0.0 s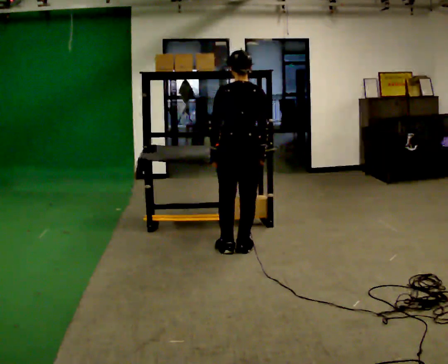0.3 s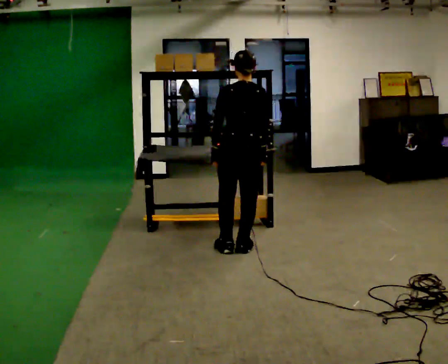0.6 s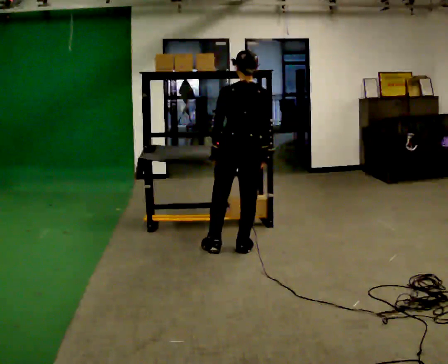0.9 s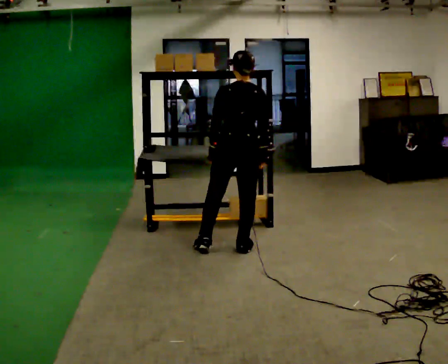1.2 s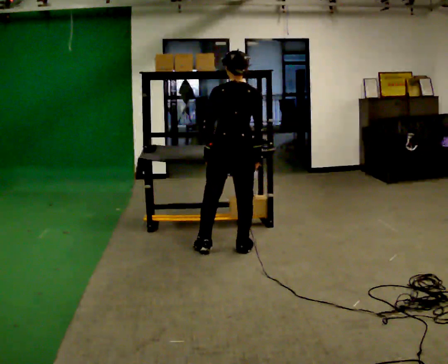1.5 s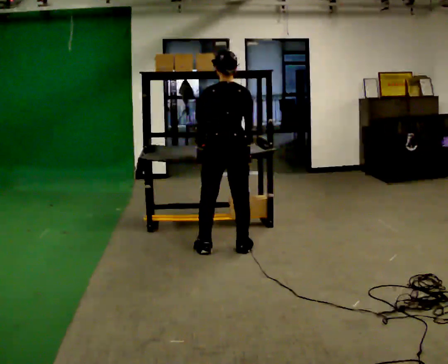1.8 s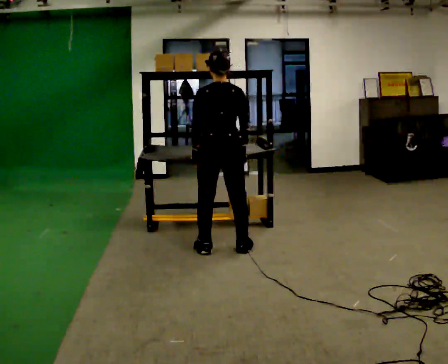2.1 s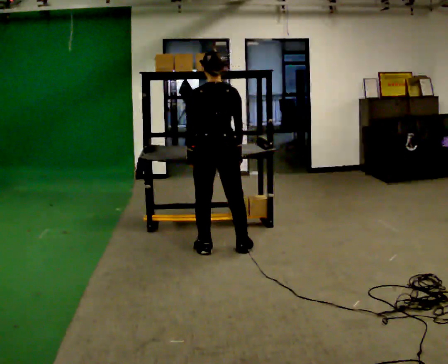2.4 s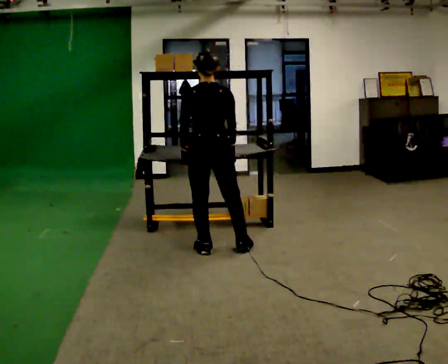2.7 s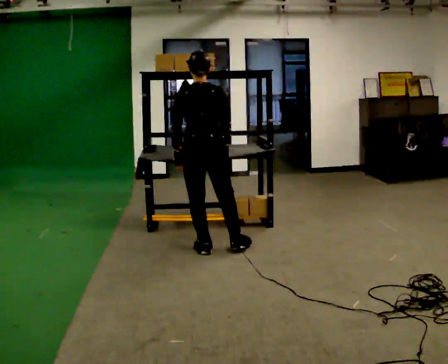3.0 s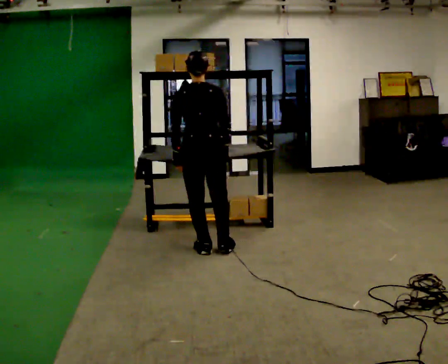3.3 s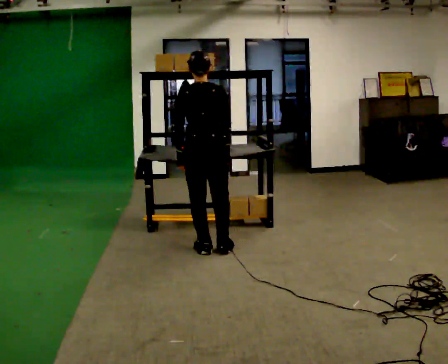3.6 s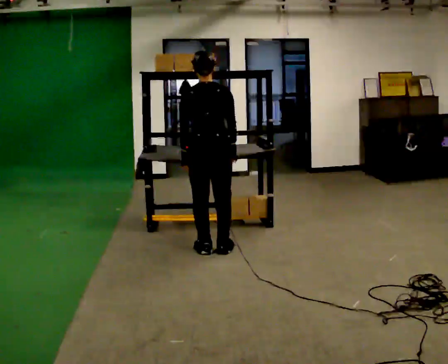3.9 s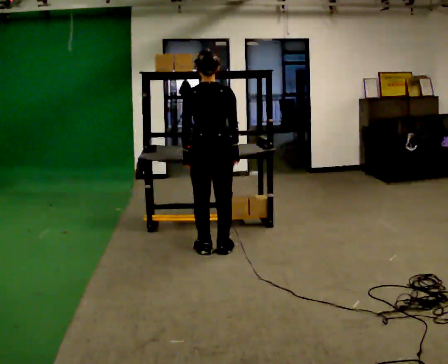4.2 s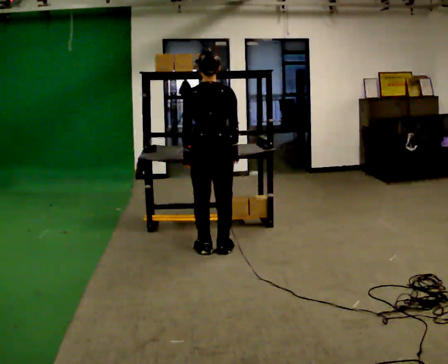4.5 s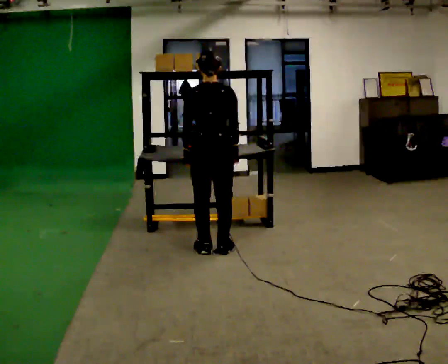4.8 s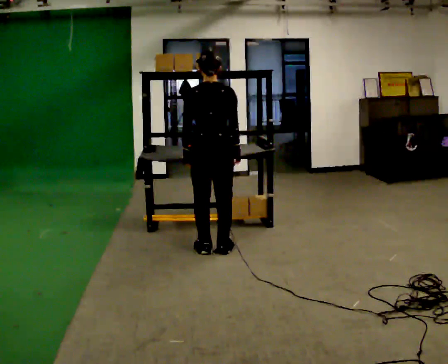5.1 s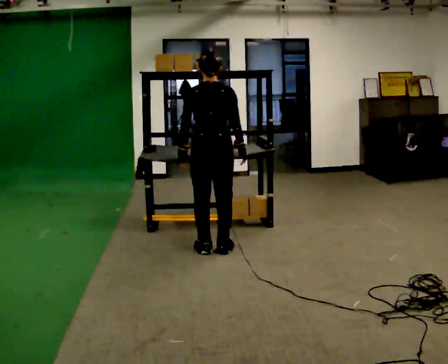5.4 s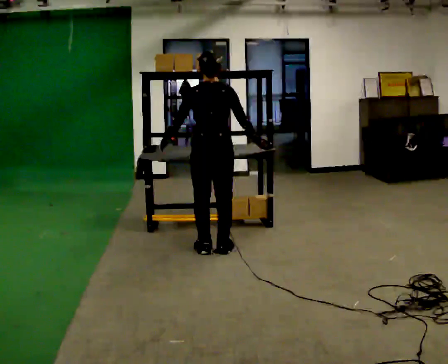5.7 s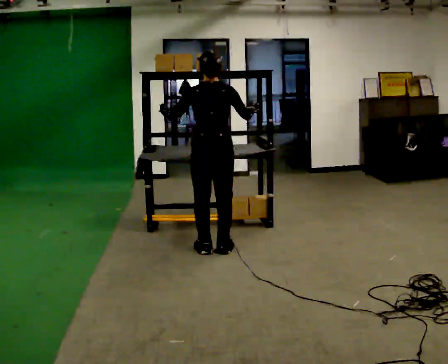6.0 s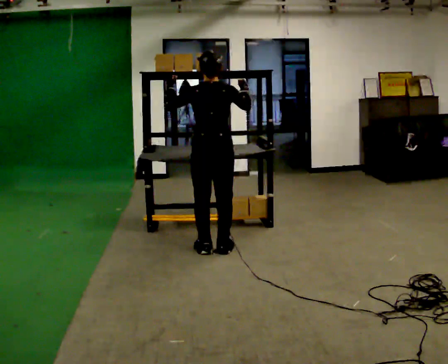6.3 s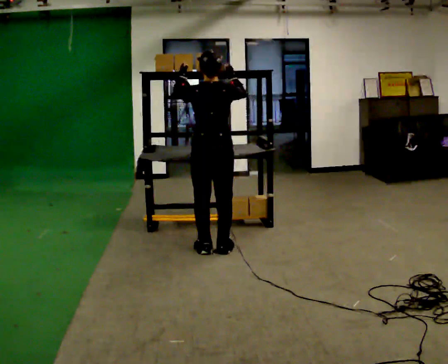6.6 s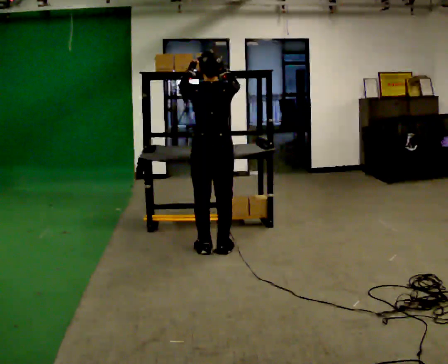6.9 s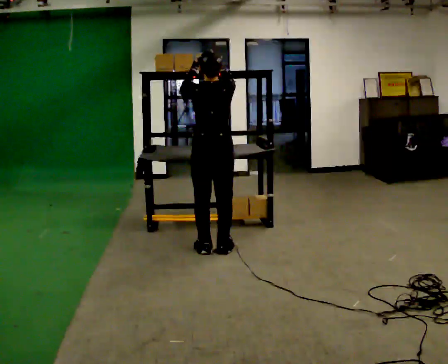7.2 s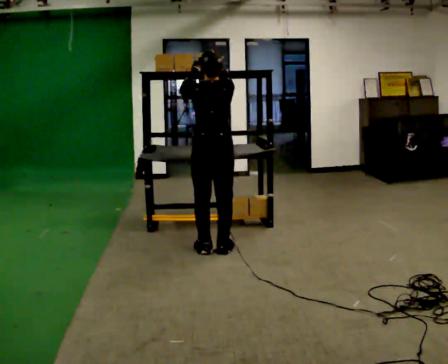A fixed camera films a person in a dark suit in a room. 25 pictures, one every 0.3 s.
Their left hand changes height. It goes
upward.
Their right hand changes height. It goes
upward.
0.0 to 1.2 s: The person moves a little, or ends about where they began.
1.2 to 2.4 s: In the picture they go to the left, about 0.25 m, which for them is to their left.
2.4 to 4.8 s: The person moves a little, or ends about where they began.
4.8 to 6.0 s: In the picture their left hand goes upward, the arm swinging clockwise.
6.0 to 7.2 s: The person moves a little, or ends about where they began.
The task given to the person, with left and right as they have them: Take an object from the highest shelf you can comfortably reach, carry it across, and place it on the lowest shelf. Keep going until the operator says stop; one object at a time, and do not rush between trips.
The film runs forward here.
